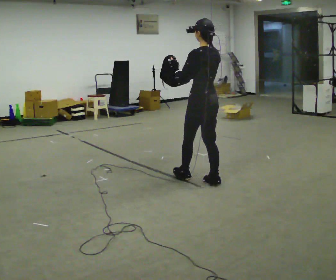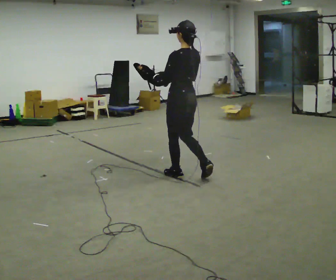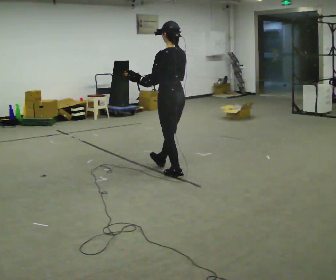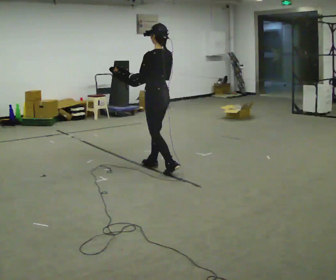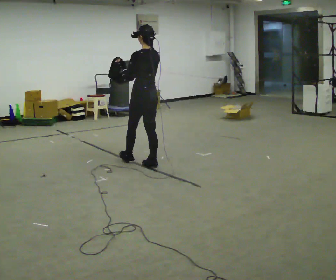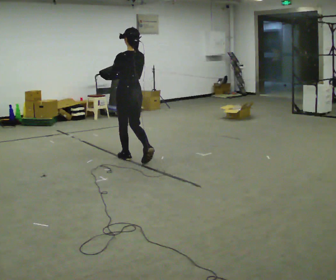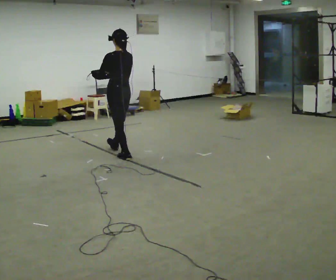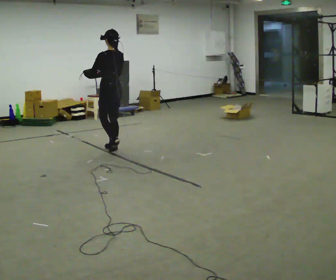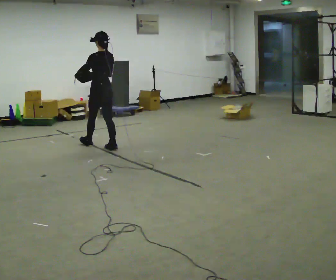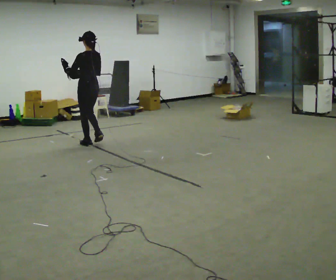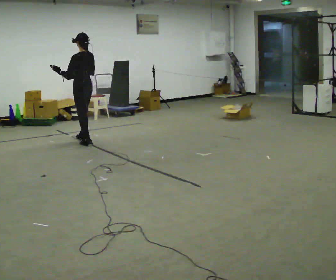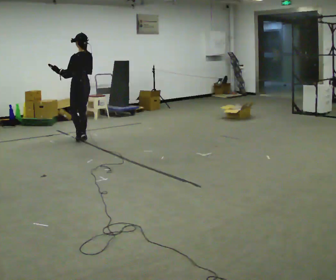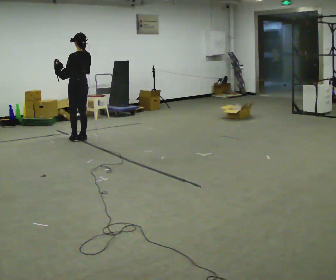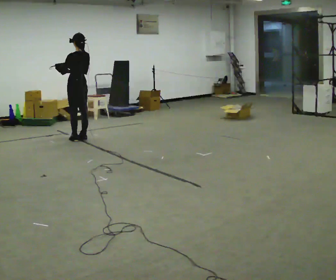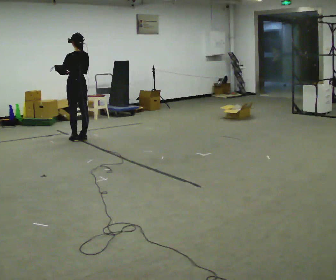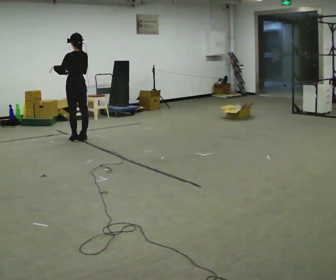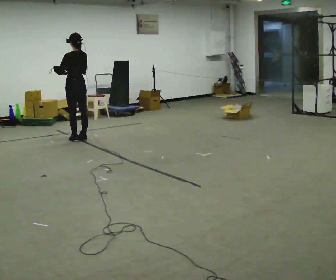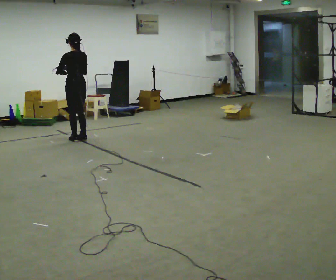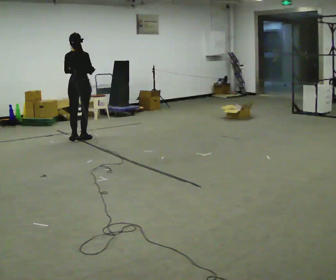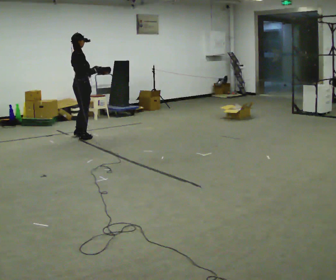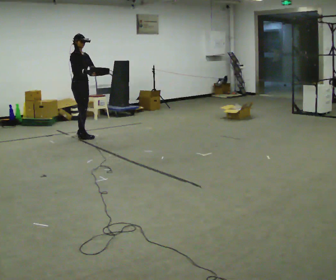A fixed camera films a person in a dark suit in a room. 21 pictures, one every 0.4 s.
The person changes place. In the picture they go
away from the camera.
0.0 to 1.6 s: In the picture they go away from the camera and to the left, about 1 m in 2 steps, which for them is forward.
1.6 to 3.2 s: In the picture they go away from the camera and to the left, about 1 m in 2 steps, which for them is forward.
3.2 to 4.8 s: In the picture they go away from the camera and to the left, about 0.75 m in 3 steps, which for them is forward.
4.8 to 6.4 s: The person moves a little, or ends about where they began.
6.4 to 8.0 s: Seen from above the body turns clockwise, about 165 degrees: to their right, with its near side sliding to the left. In the picture they go away from the camera, about 0.25 m in 1 step.
The film runs forward here.
